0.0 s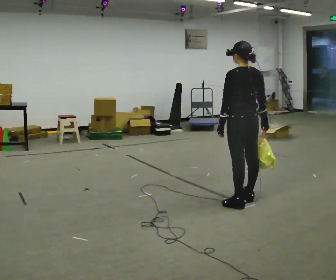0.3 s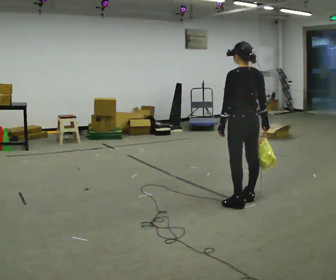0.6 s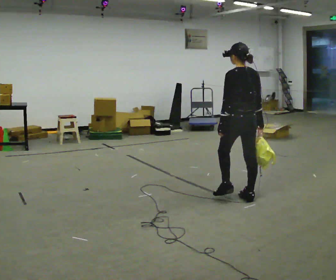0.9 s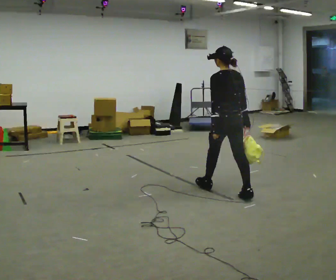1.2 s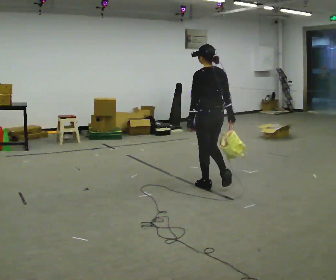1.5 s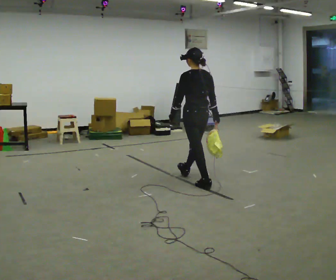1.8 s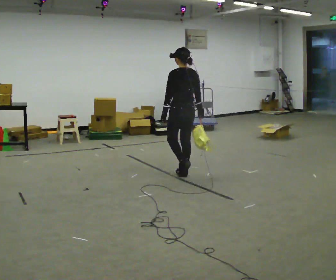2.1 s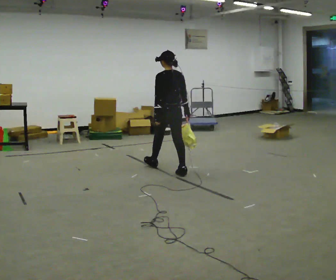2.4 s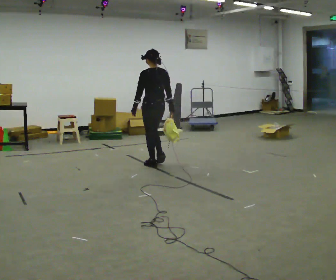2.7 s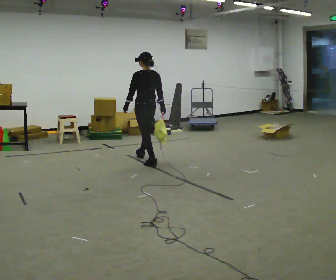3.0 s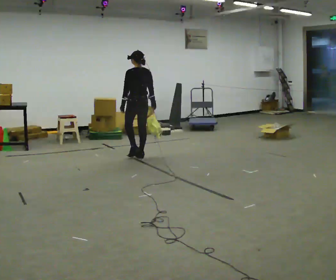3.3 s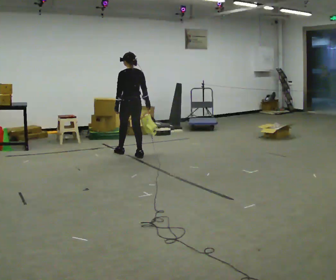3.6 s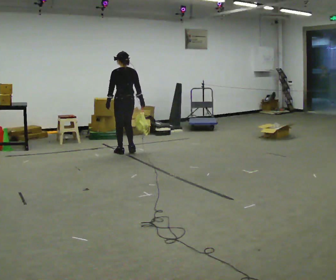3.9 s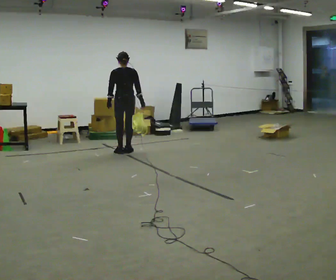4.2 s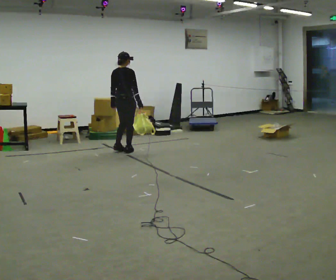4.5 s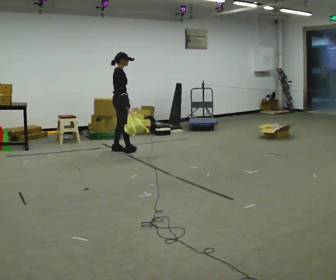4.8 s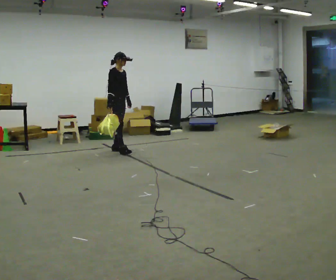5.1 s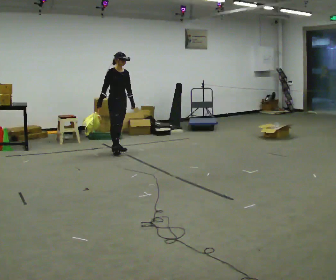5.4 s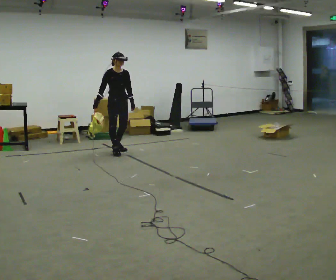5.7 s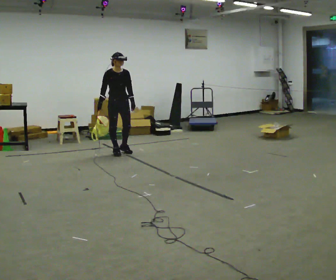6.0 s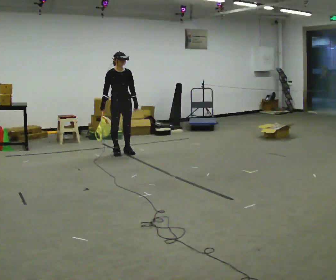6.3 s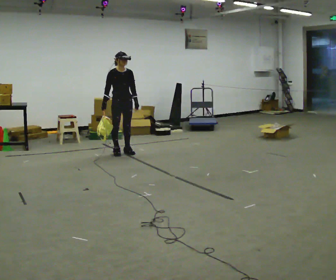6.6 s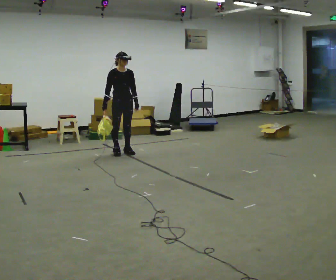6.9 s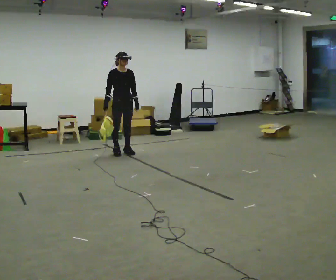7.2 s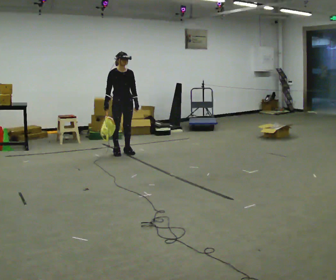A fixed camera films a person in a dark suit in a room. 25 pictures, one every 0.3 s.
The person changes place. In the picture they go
away from the camera.
The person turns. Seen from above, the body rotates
clockwise.
0.0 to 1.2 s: In the picture they go away from the camera and to the left, about 0.5 m in 1 step, which for them is forward.
1.2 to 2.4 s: In the picture they go away from the camera and to the left, about 1 m in 2 steps, which for them is forward.
2.4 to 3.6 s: In the picture they go away from the camera and to the left, about 1 m in 2 steps, which for them is forward.
3.6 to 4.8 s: The part of the body nearest the lens slides to the left as the person turns to their right by about 150 degrees. In the picture they go away from the camera and to the left, about 0.25 m in 2 steps.
4.8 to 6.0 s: The person turns about 30 degrees to their right, clockwise seen from above, so the part of the body nearest the lens slides to the left. In the picture they go toward the camera, about 0.25 m in 2 steps, which for them is forward.
6.0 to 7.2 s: The person moves a little, or ends about where they began.
The film runs forward here.
